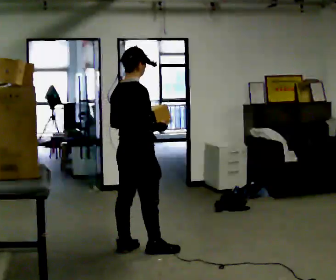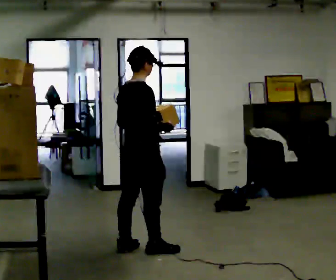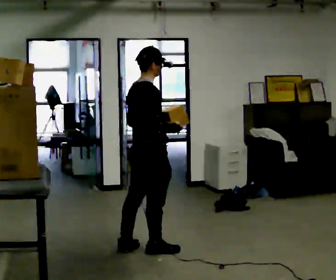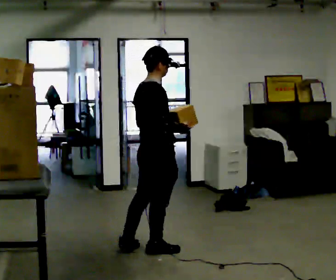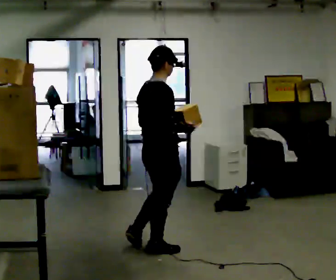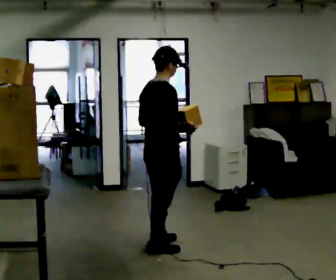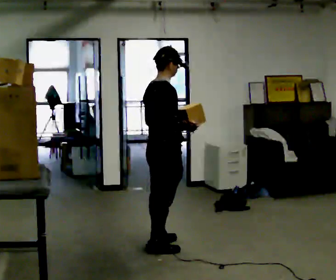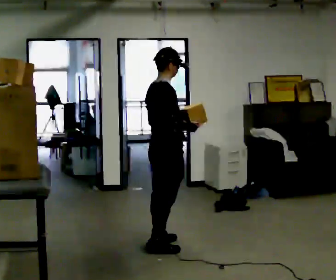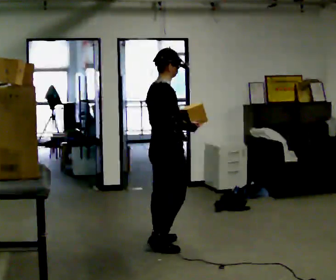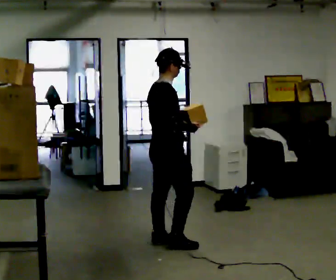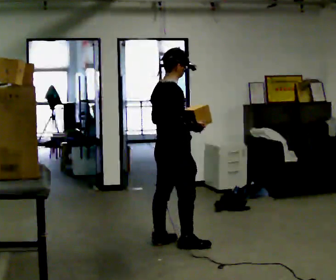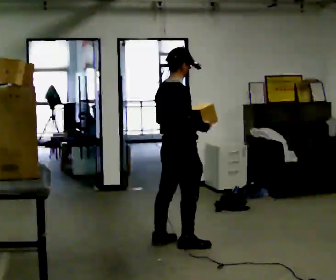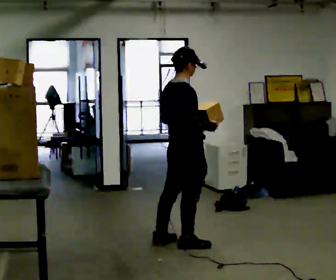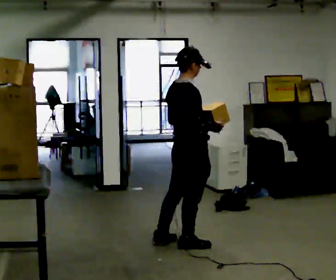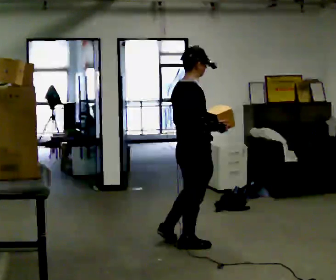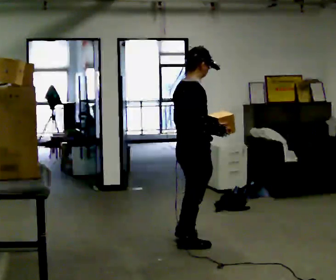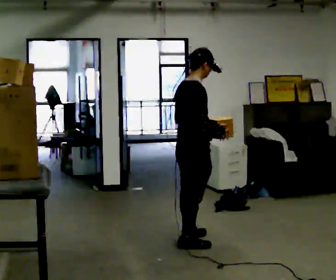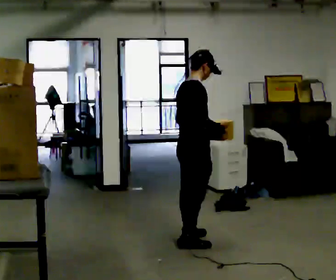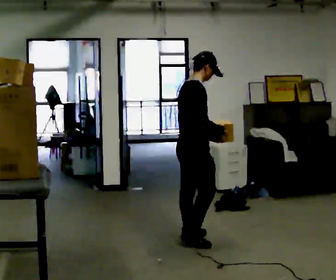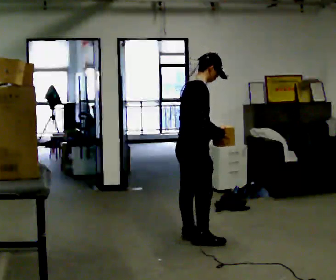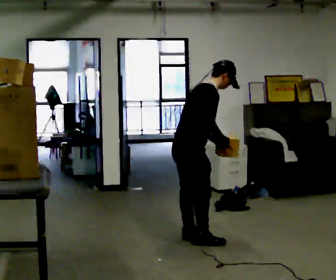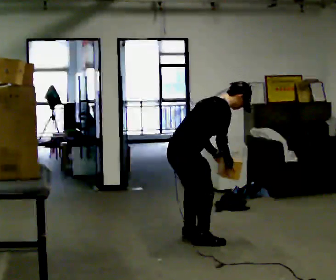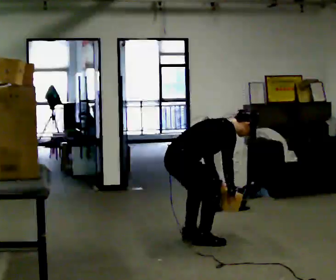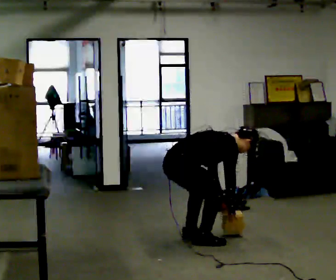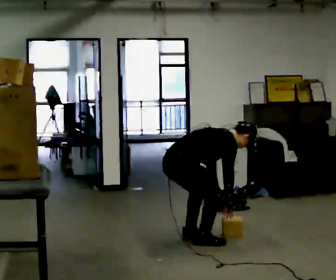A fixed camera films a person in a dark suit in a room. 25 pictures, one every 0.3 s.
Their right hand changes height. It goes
downward.
Their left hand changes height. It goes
downward.
0.0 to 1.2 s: In the picture they go to the right, about 0.25 m, which for them is to their right and forward.
1.2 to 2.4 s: In the picture they go away from the camera, about 0.25 m in 1 step, which for them is to their left and forward.
2.4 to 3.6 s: In the picture they go to the right, about 0.25 m in 1 step, which for them is to their right.
3.6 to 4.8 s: The person moves a little, or ends about where they began.
4.8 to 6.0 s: In the picture the upper body tilts clockwise, shoulders to the right, as they bend forward.
6.0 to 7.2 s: The upper body goes downward. In the picture the upper body tilts clockwise, shoulders to the right, as they bend forward. In the picture their right hand goes downward.
The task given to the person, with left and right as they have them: Take an object down from the highest shelf you can comfortably reach, carry it across the room, and set it on the floor. Keep going until the operator says stop; one object at a time, and do not rush between trips.
The film runs forward here.
